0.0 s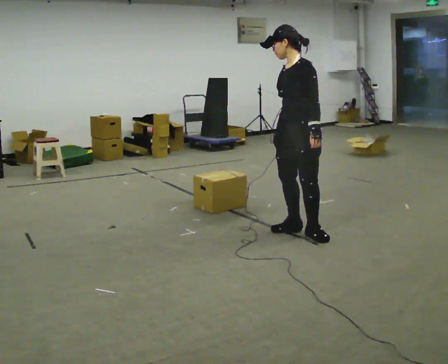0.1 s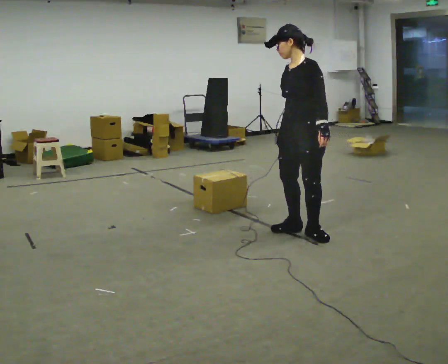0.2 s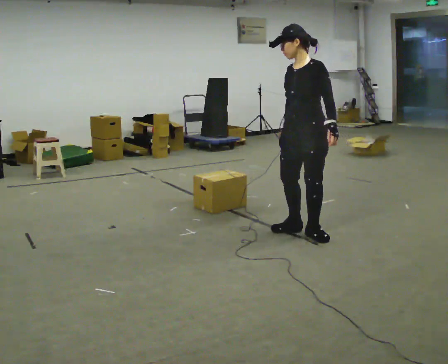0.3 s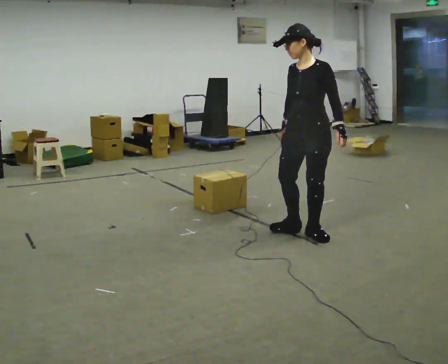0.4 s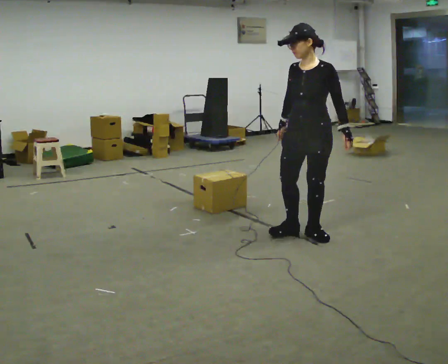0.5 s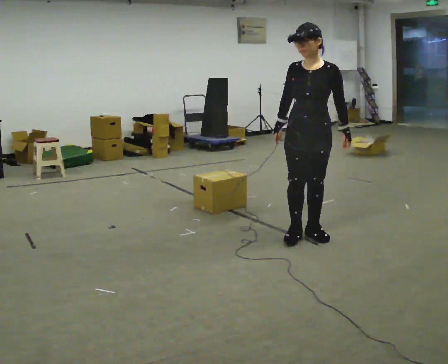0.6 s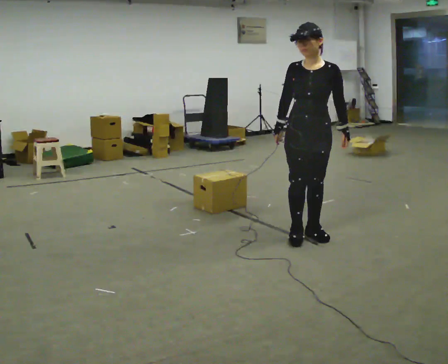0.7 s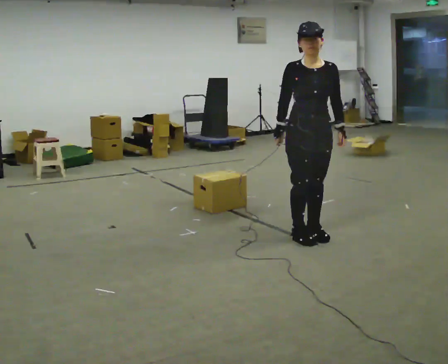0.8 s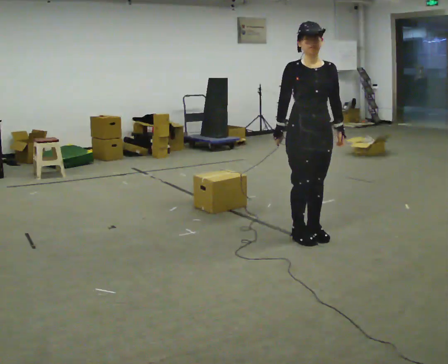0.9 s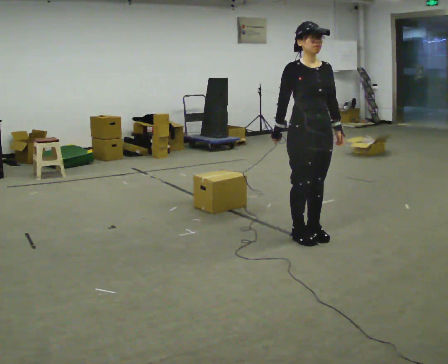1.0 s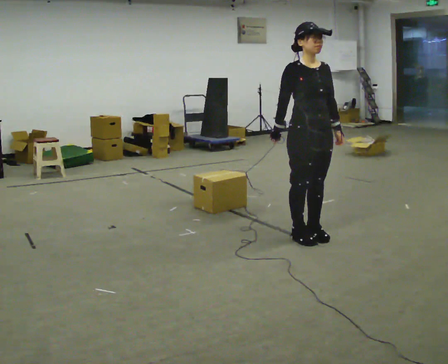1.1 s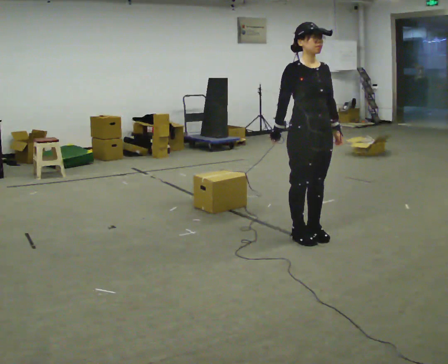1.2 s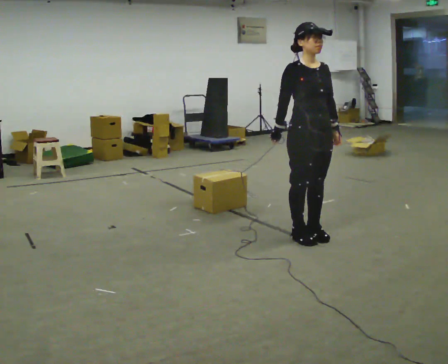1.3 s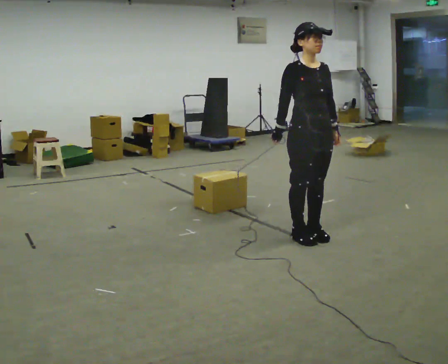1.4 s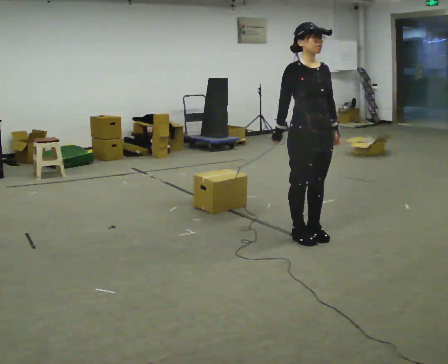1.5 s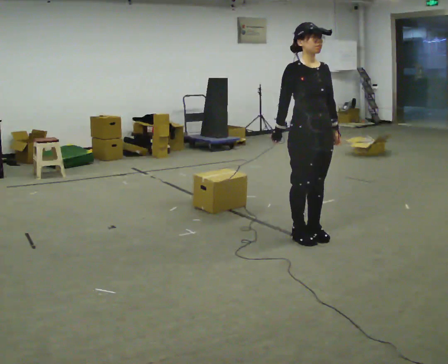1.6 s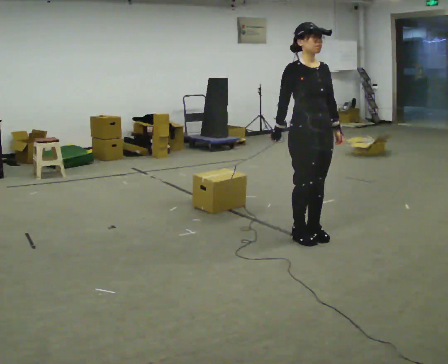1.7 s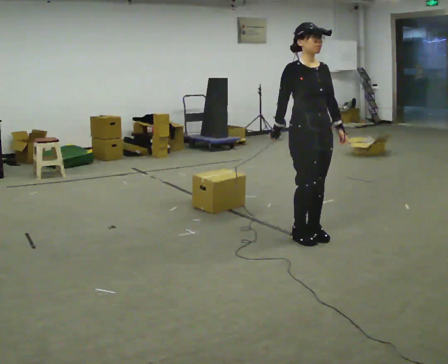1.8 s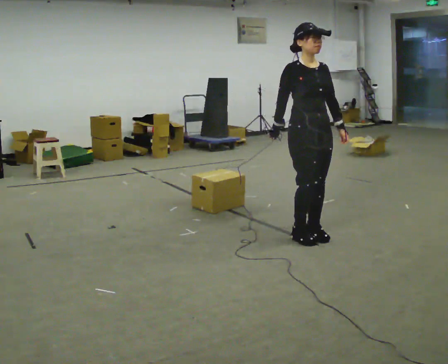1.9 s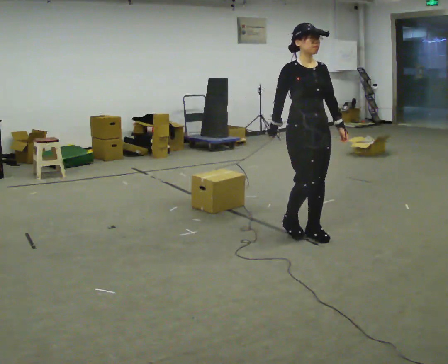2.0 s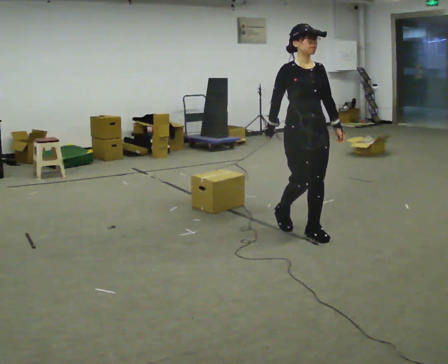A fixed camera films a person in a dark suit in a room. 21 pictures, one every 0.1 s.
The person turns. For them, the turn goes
to their left.
The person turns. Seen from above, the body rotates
counterclockwise.
0.0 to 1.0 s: The part of the body nearest the lens slides to the right as the person turns to their left by about 75 degrees.
1.0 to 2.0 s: The person moves a little, or ends about where they began.
The film runs backward here.
